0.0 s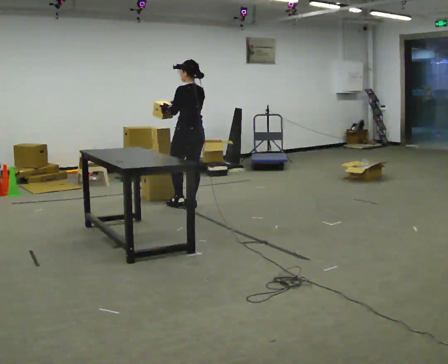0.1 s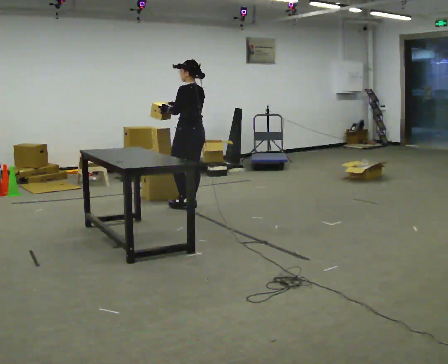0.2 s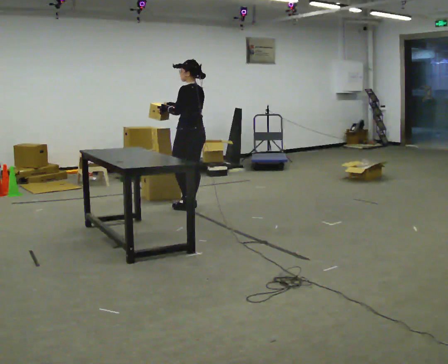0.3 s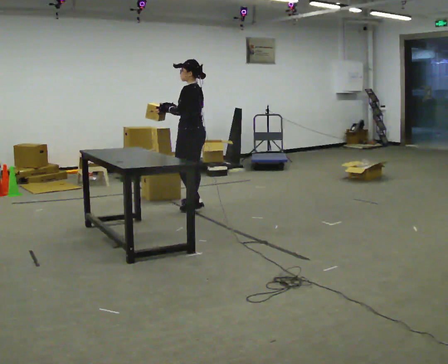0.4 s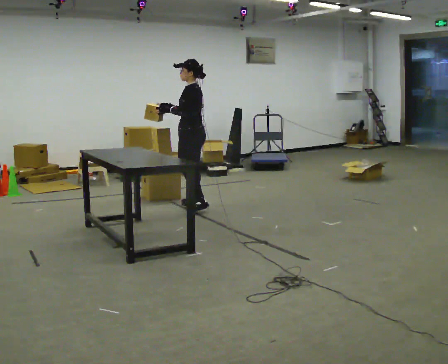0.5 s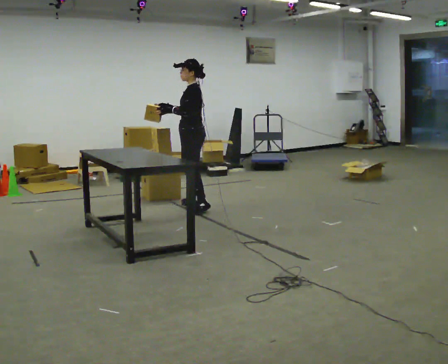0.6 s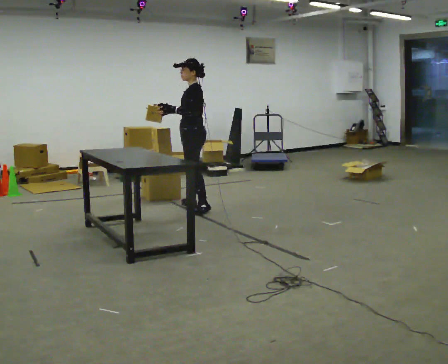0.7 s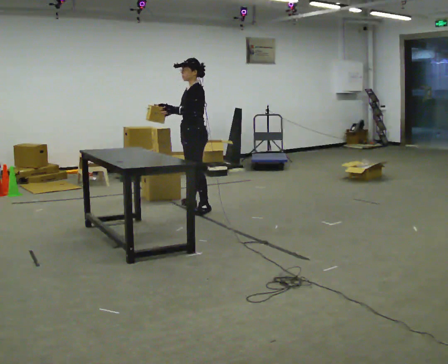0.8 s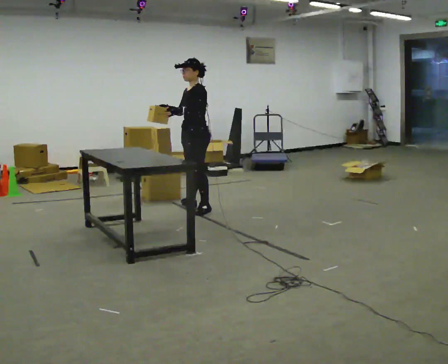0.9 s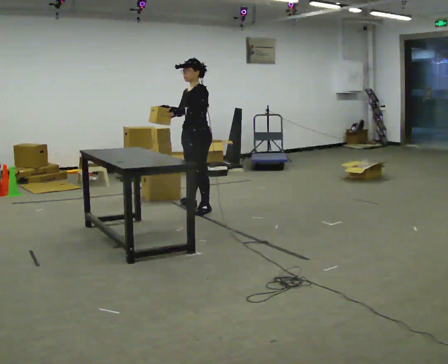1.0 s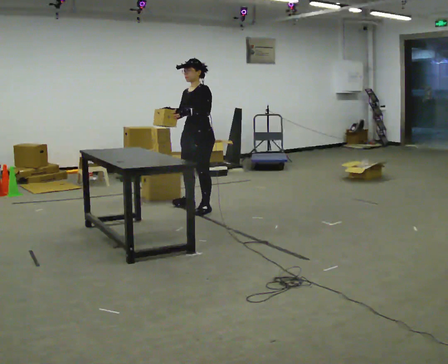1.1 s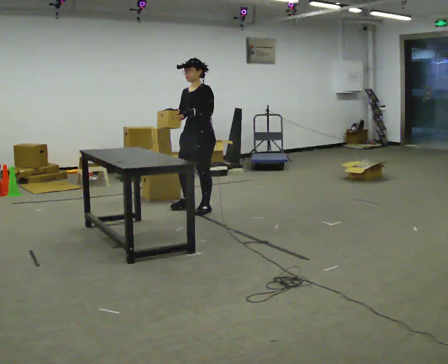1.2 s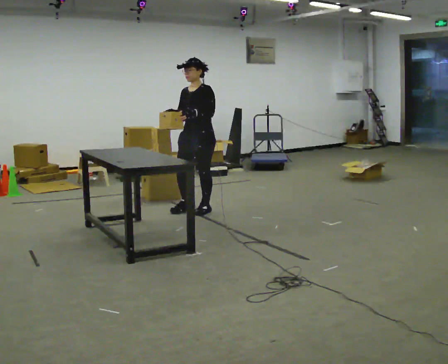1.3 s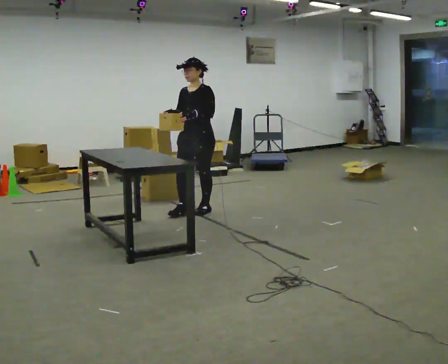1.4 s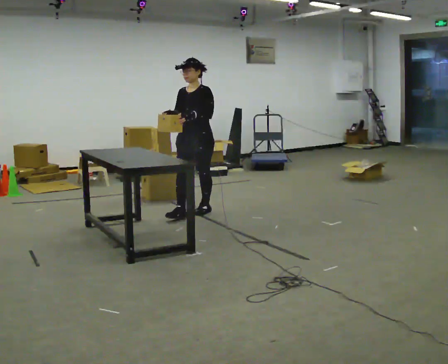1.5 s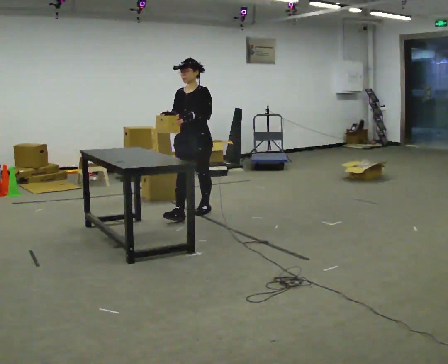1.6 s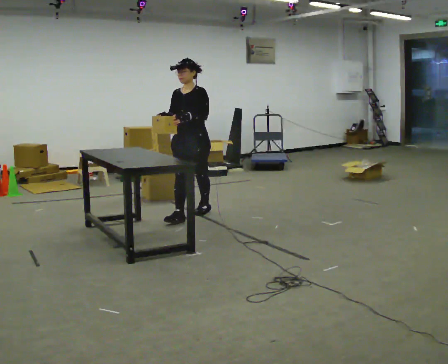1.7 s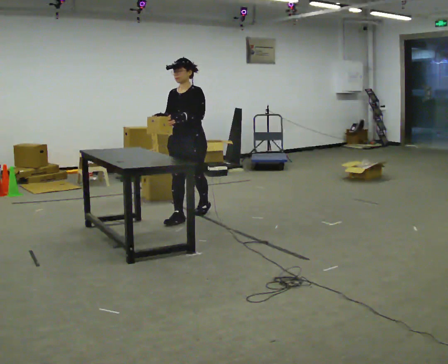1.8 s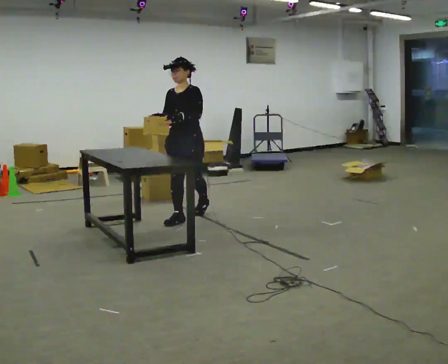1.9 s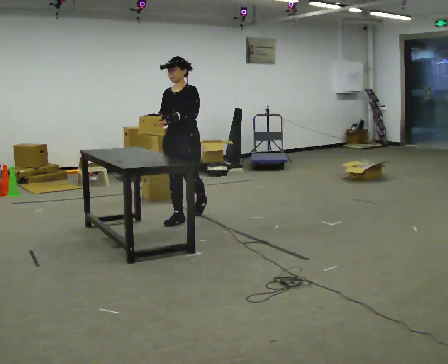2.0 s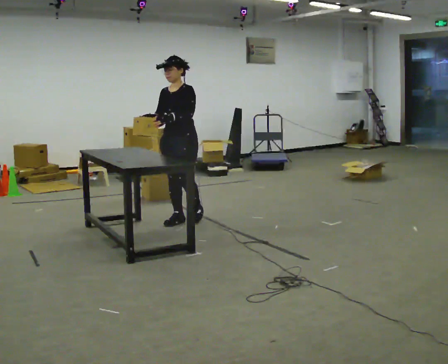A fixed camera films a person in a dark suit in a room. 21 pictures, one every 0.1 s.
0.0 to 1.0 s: Seen from above the body turns counterclockwise, about 90 degrees: to their left, with its near side sliding to the right. In the picture they go toward the camera, about 0.25 m in 1 step.
1.0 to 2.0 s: Seen from above the body turns counterclockwise, about 30 degrees: to their left, with its near side sliding to the right. In the picture they go toward the camera and to the left, about 0.5 m in 1 step, which for them is forward.
The film runs forward here.
